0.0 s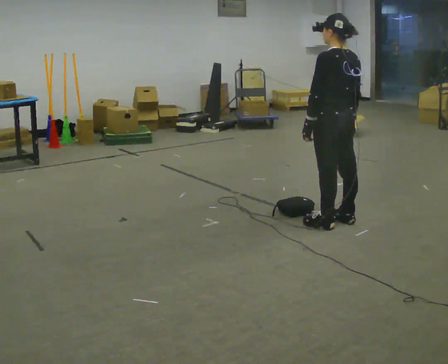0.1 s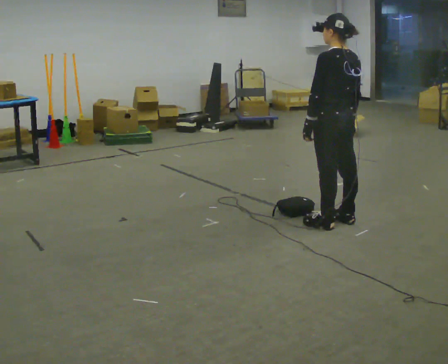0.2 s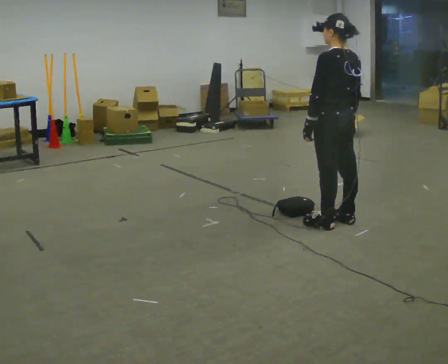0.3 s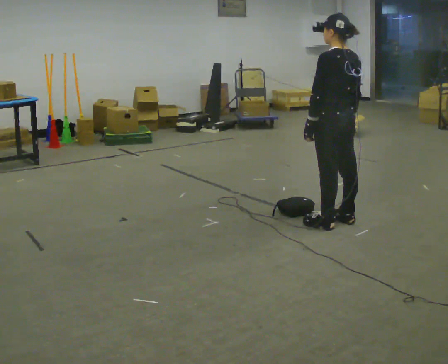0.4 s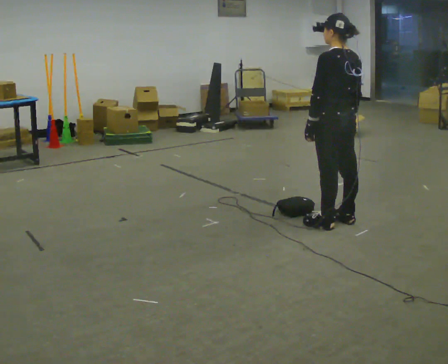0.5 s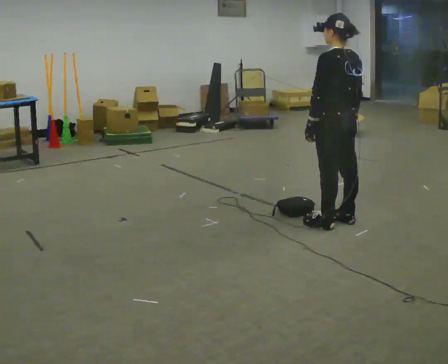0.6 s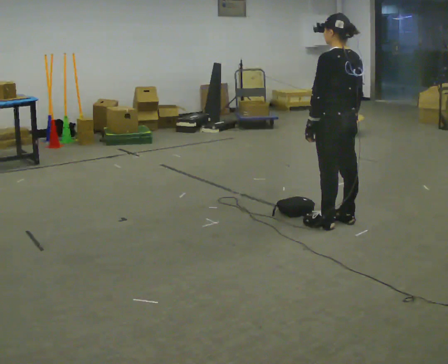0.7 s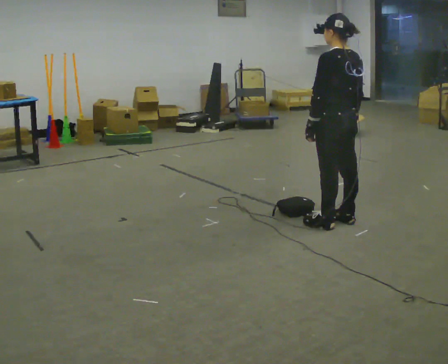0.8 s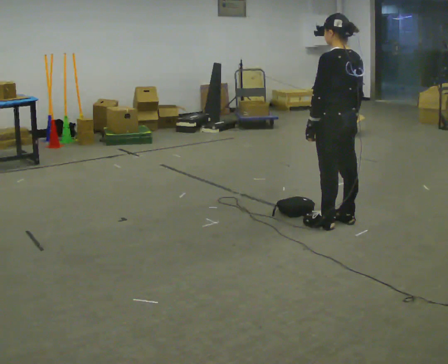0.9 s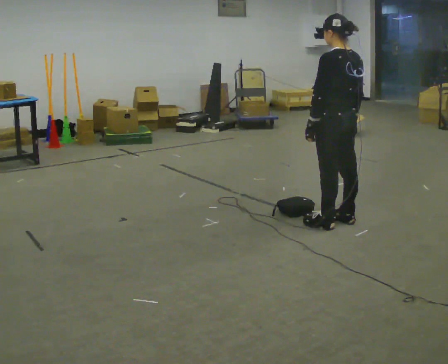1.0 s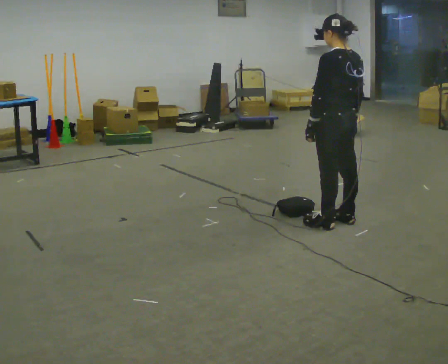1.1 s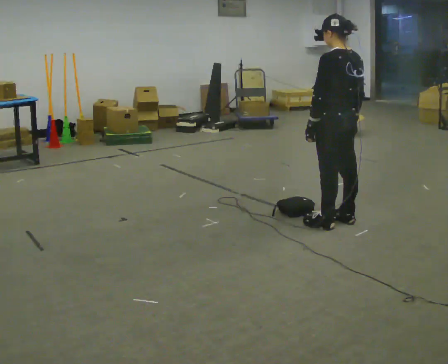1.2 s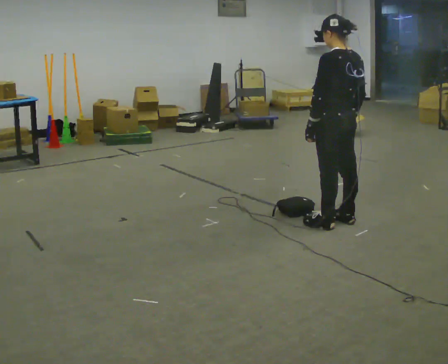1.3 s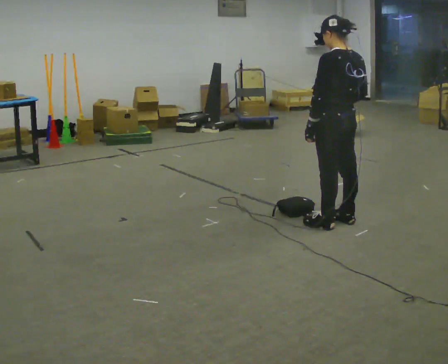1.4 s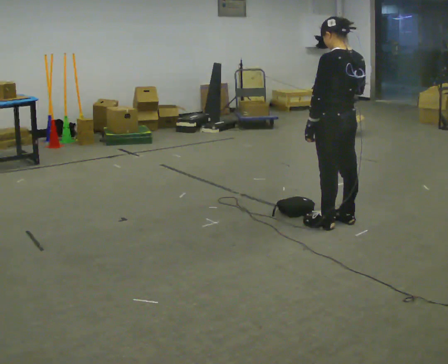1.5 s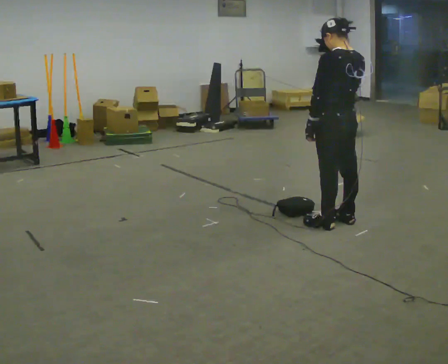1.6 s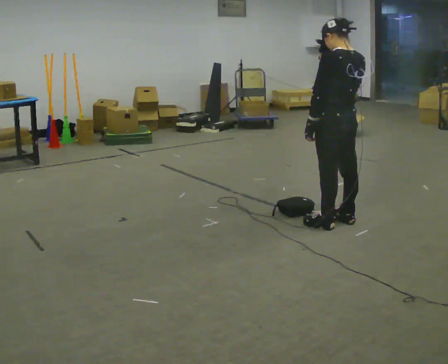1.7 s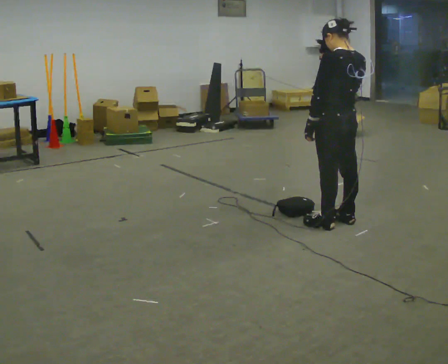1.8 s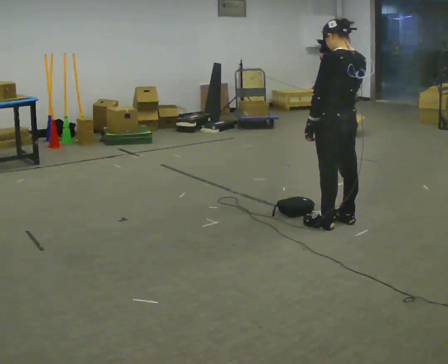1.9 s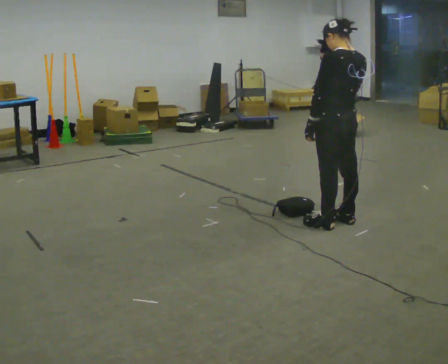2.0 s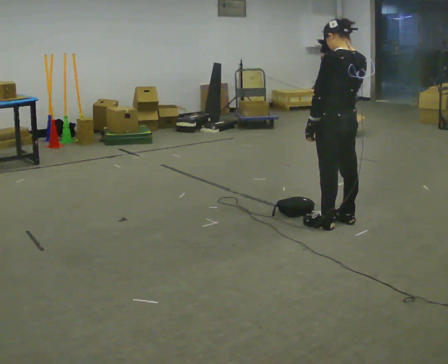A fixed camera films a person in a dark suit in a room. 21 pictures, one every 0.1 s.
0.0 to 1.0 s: The person keeps their place and pose.
1.0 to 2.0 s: In the picture their right hand goes upward.
The film runs forward here.
